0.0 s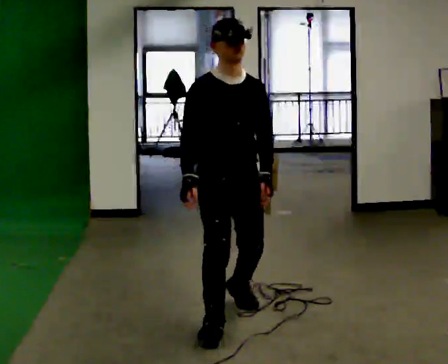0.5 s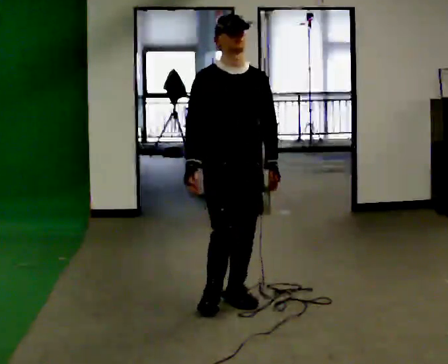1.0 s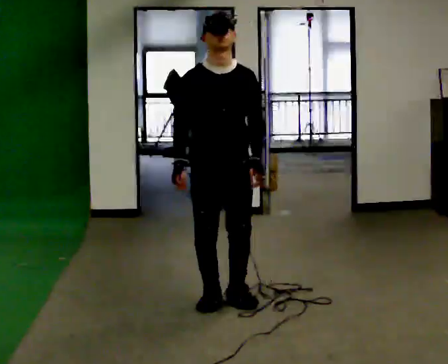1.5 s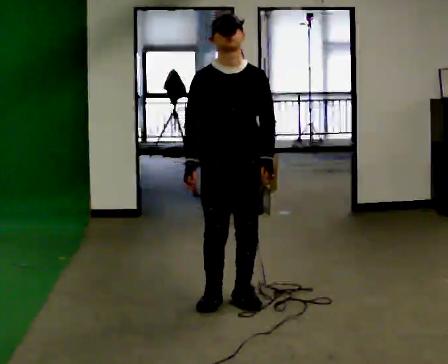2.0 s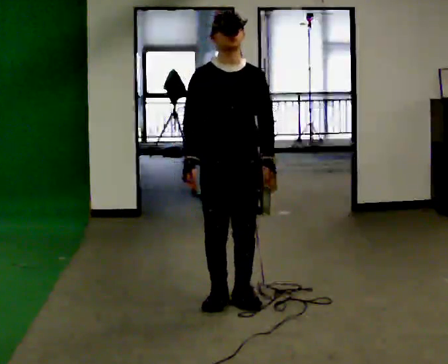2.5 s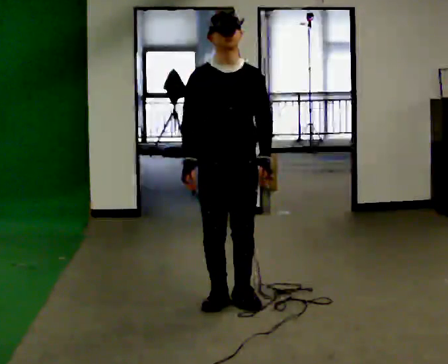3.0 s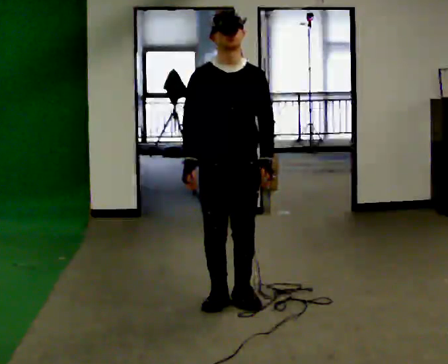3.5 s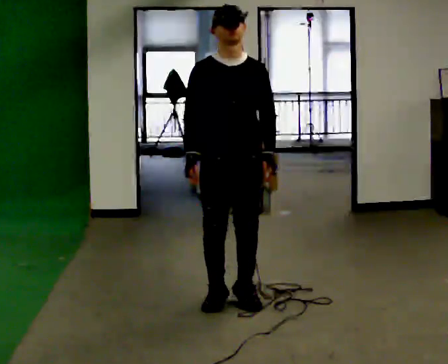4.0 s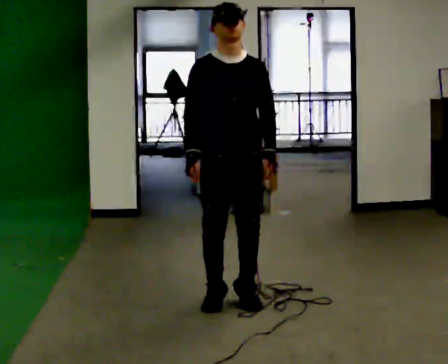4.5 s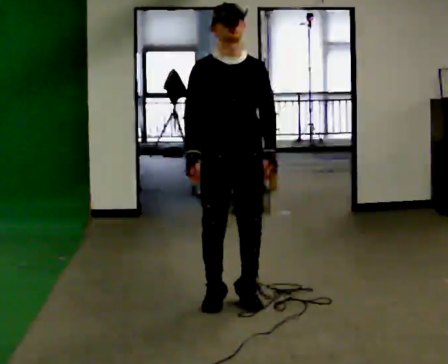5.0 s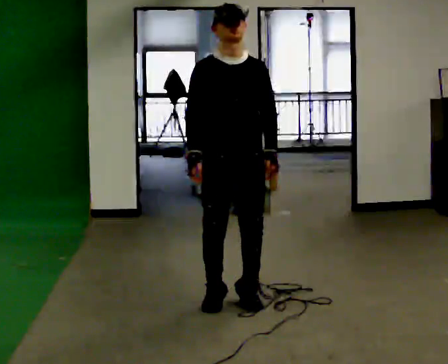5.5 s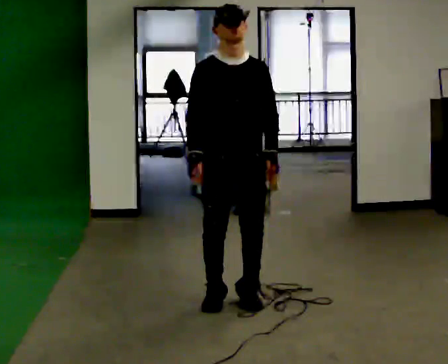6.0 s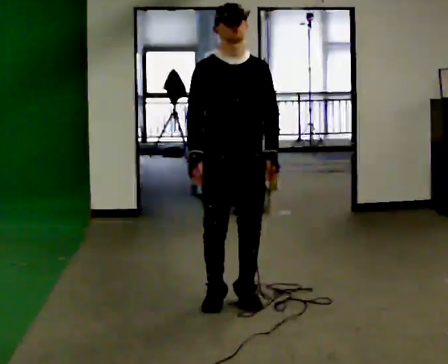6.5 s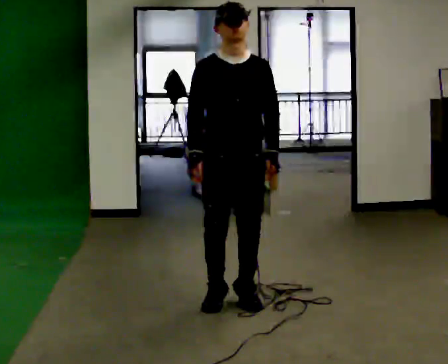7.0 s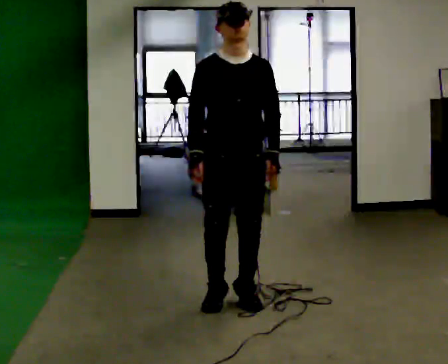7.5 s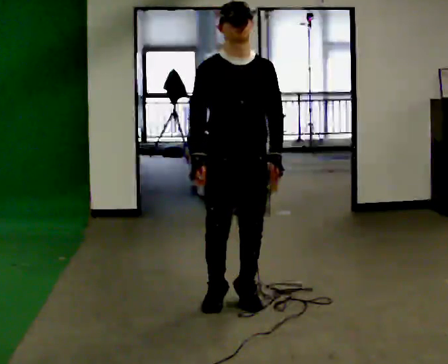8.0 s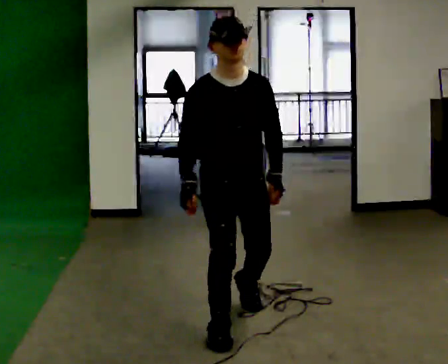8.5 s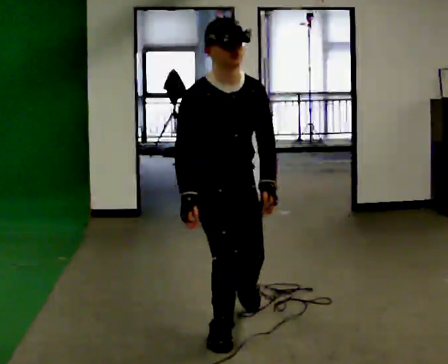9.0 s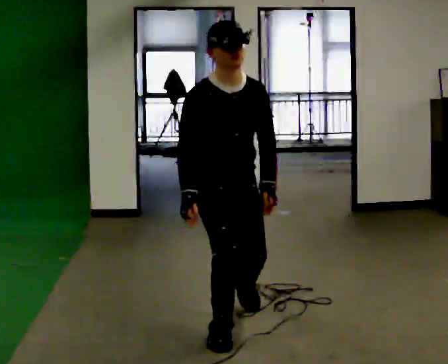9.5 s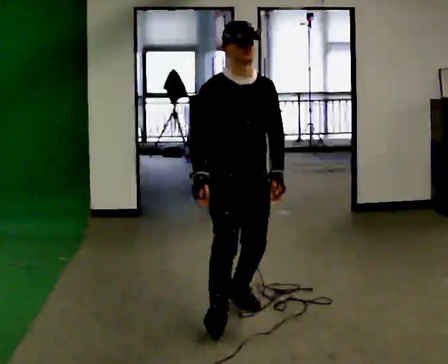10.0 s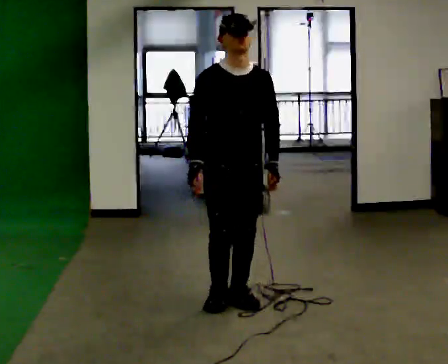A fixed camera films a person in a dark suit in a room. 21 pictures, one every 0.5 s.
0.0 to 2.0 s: In the picture they go away from the camera, about 0.25 m in 1 step, which for them is backward.
2.0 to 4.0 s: The person moves a little, or ends about where they began.
4.0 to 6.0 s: The person keeps their place and pose.
6.0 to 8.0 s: In the picture they go toward the camera, about 0.25 m in 1 step, which for them is forward.
8.0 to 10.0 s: In the picture they go away from the camera, about 0.5 m in 3 steps, which for them is backward and to their left.
The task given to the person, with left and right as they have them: Stand on the marked spots and rise up onto your toes. Stay up until you start to topple forward, then step to catch yourself. Repeat at your own pace until the operator says stop. Go slowly and only as far as you are comfortable. Step whenever you need to; do not try to hold on longer than feels safe.
The film runs forward here.
